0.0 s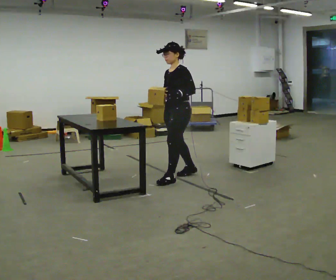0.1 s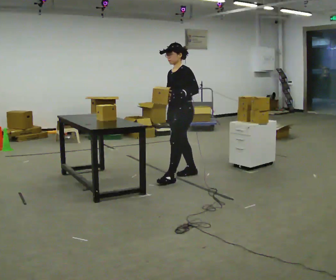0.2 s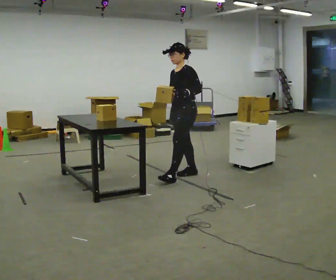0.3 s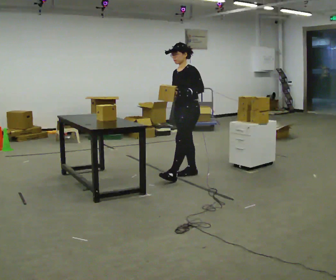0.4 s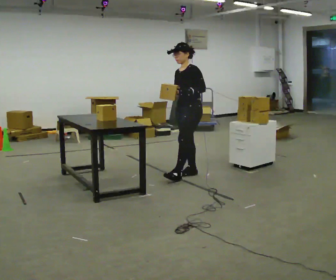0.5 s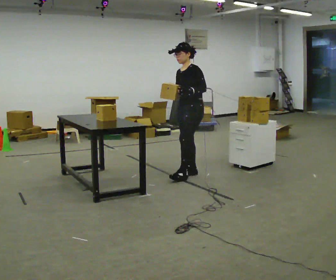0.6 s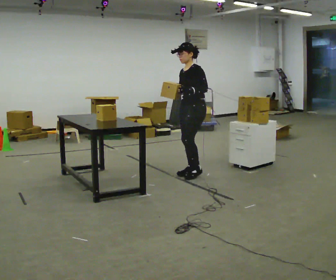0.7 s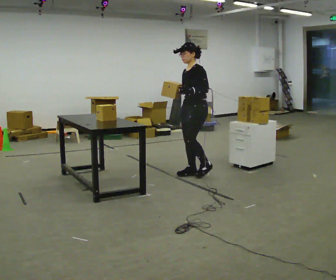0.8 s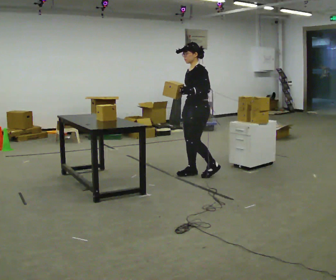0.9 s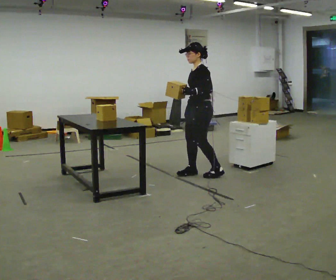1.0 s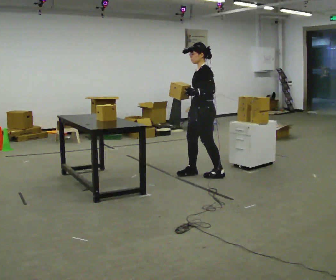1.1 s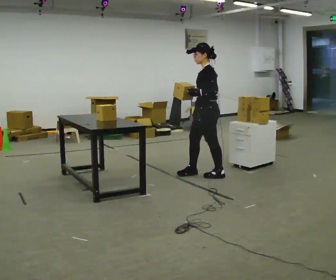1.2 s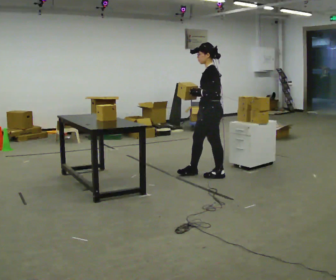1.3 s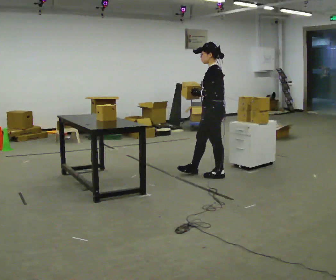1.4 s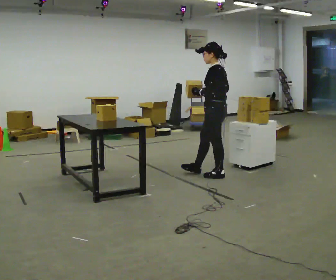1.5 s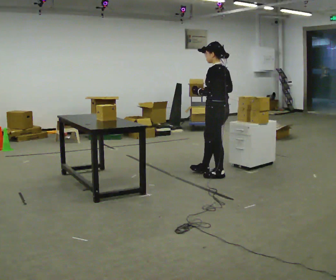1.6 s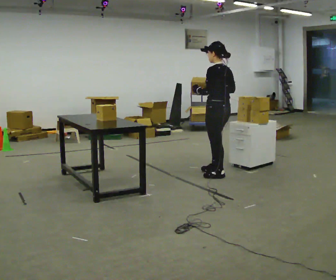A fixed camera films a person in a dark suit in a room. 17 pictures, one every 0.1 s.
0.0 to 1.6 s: Seen from above the body turns clockwise, about 75 degrees: to their right, with its near side sliding to the left. In the picture they go to the right, about 0.5 m in 2 steps.
The film runs backward here.
